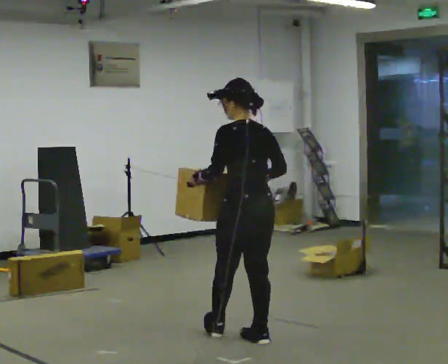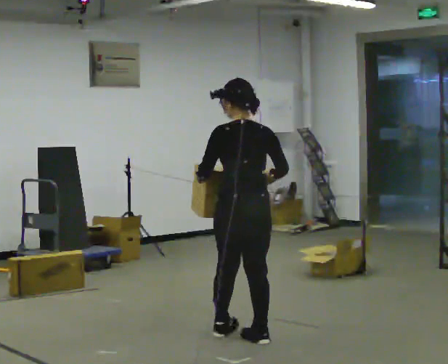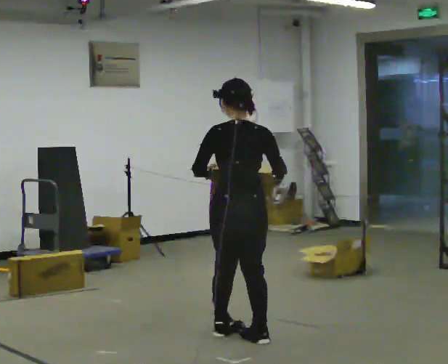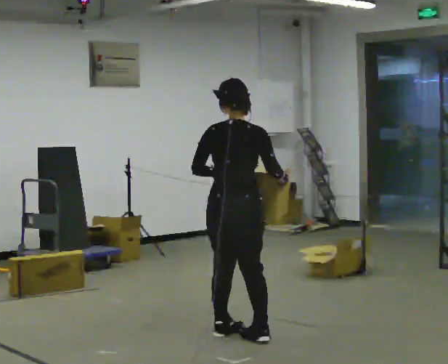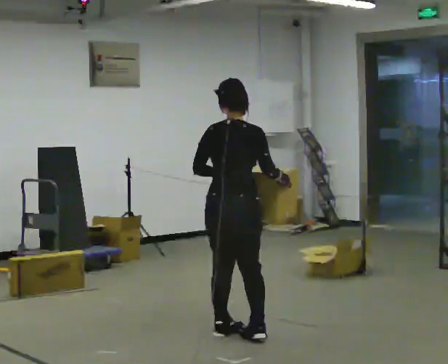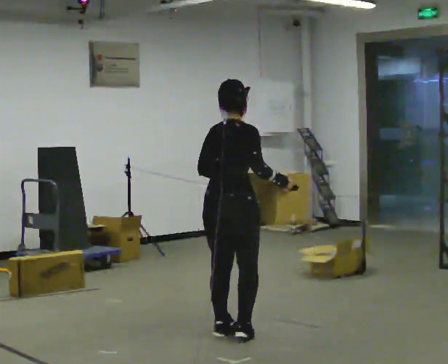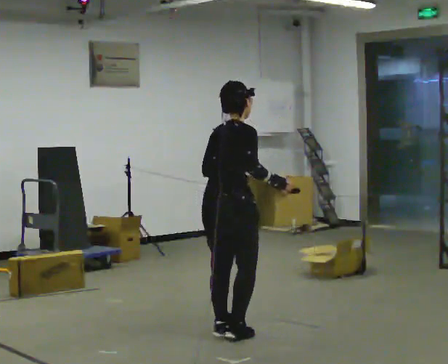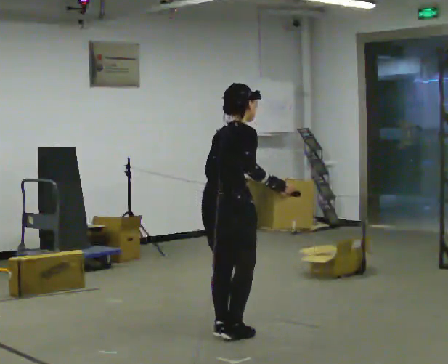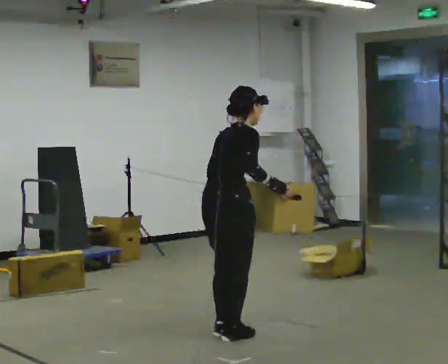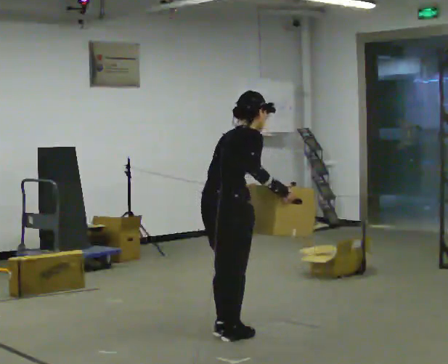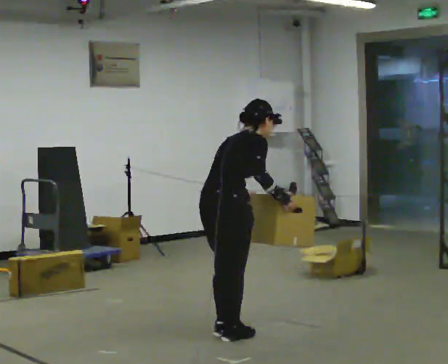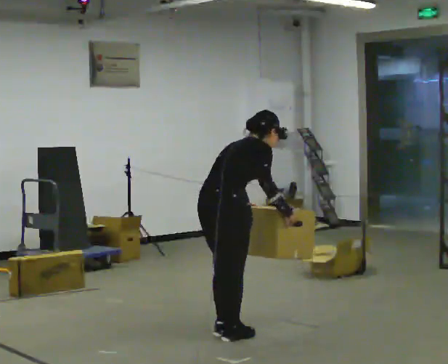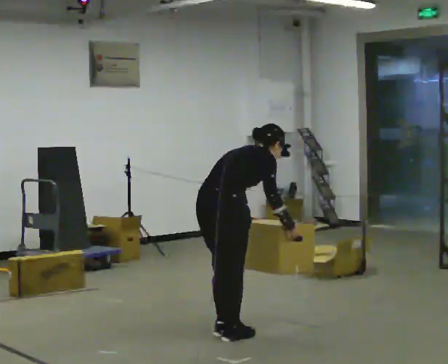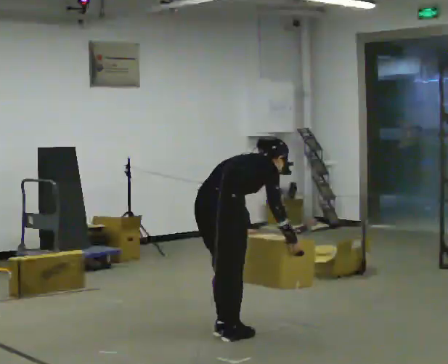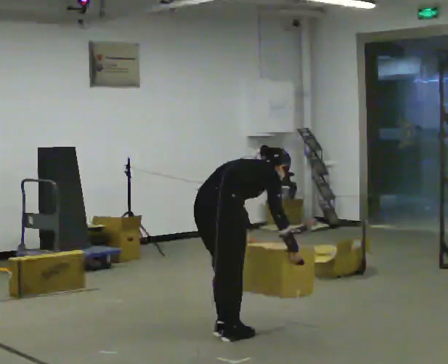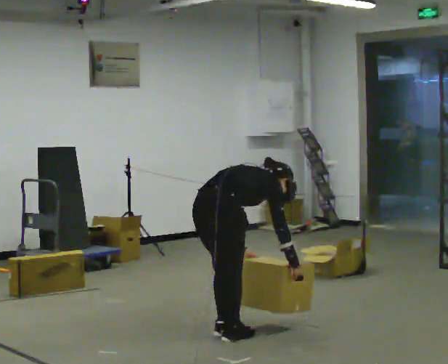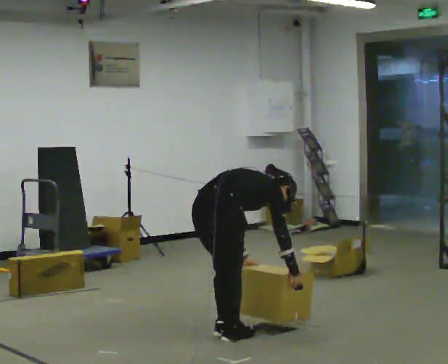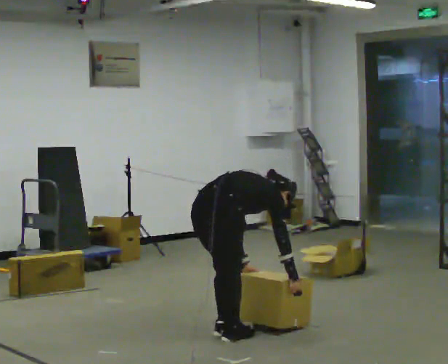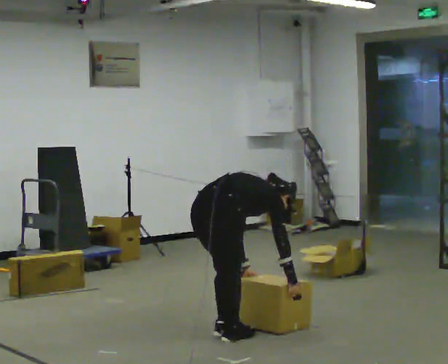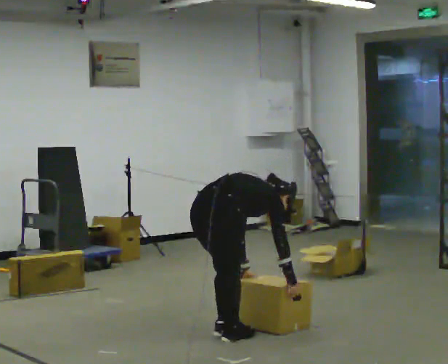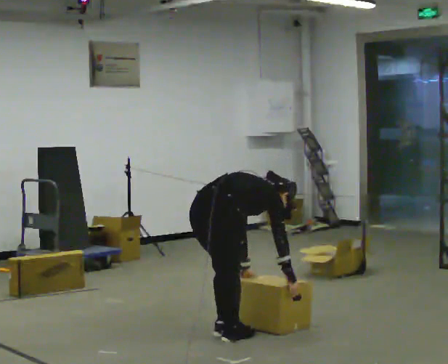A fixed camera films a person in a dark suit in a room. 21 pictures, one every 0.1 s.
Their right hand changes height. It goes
downward.
The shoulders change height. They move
downward.
0.0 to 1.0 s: The person turns about 90 degrees to their right, clockwise seen from above, so the part of the body nearest the lens slides to the left. In the picture they go to the left, about 0.25 m in 1 step. In the picture the upper body tilts clockwise, shoulders to the right, as they bend forward.
1.0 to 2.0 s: The upper body goes downward. In the picture the upper body tilts clockwise, shoulders to the right, as they bend forward. In the picture their right hand goes downward.
The film runs backward here.
